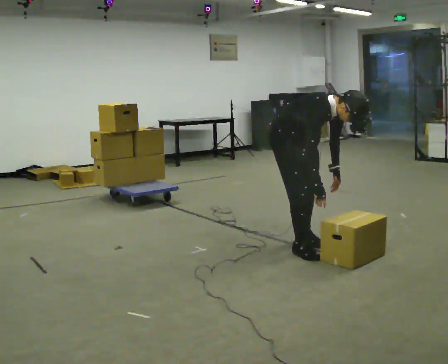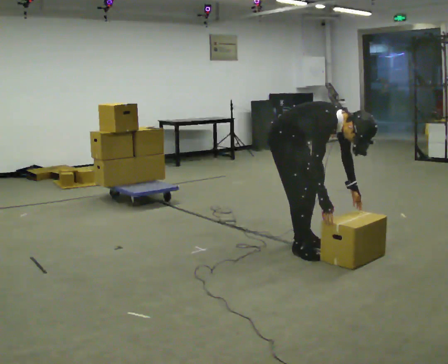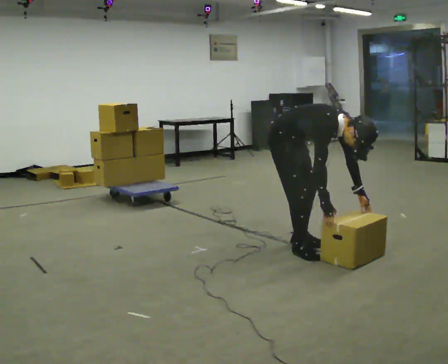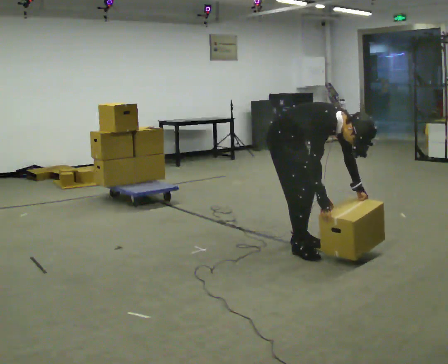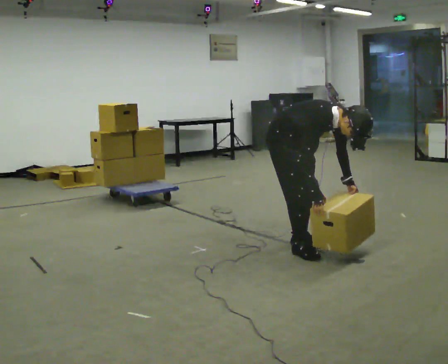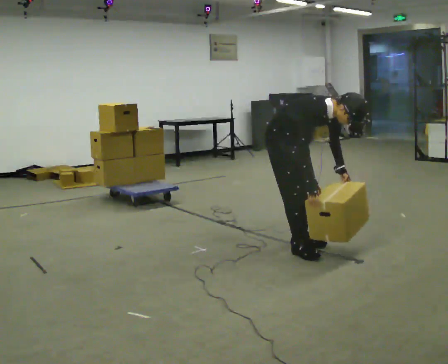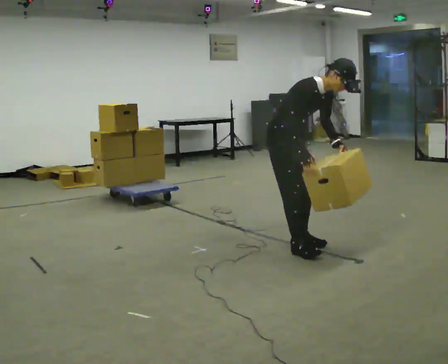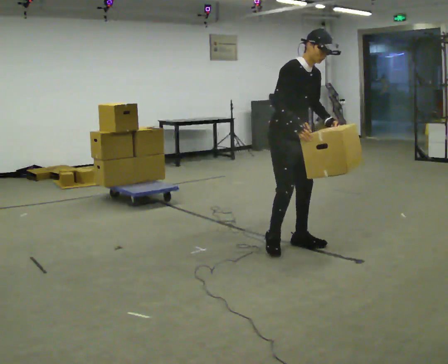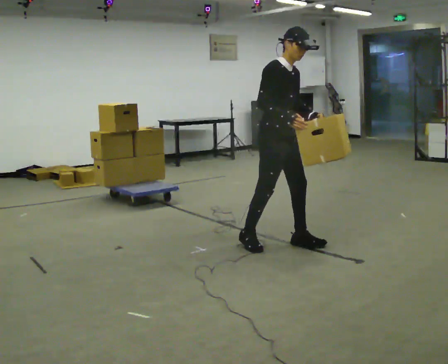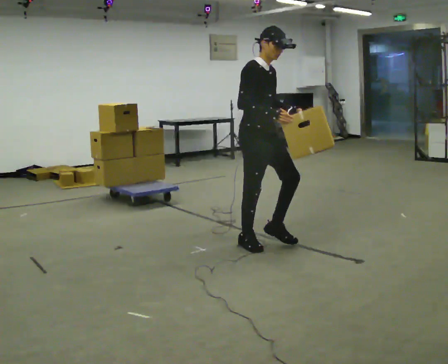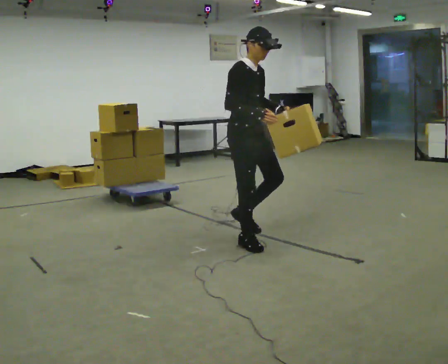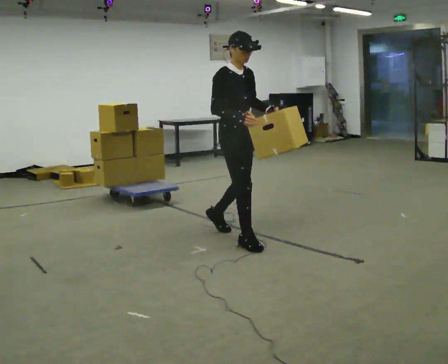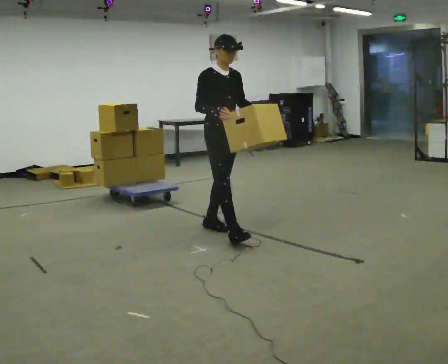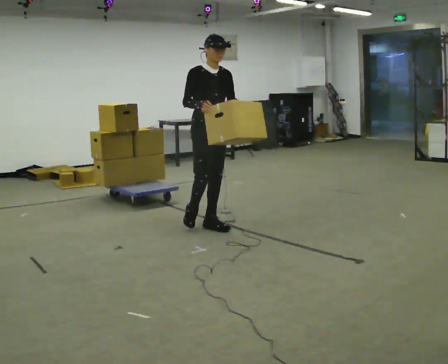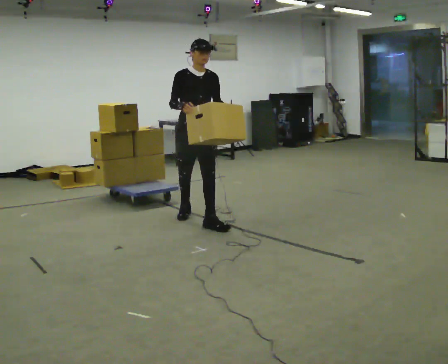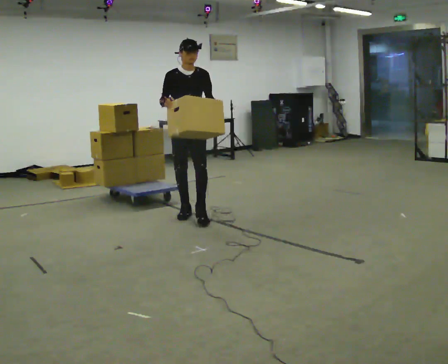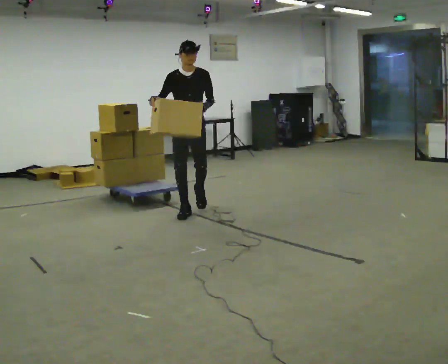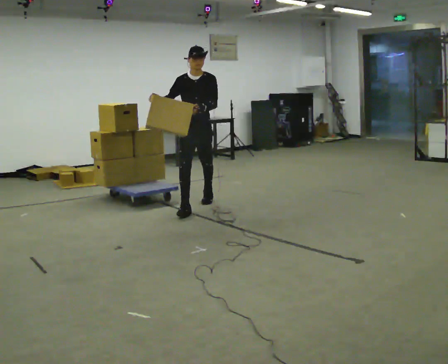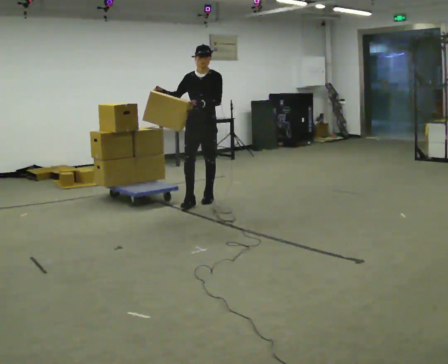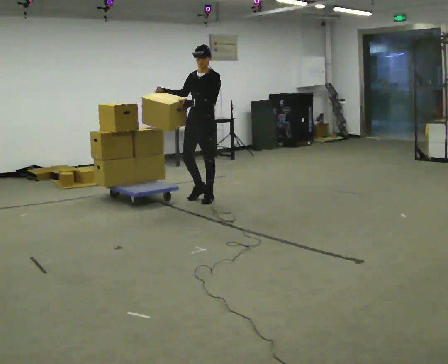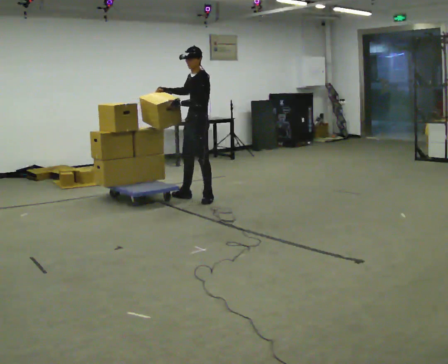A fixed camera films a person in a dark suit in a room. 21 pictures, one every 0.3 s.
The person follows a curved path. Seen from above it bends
clockwise.
The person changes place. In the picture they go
away from the camera.
0.0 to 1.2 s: The person moves a little, or ends about where they began.
1.2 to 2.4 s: The shoulders move upward. In the picture the upper body tilts counterclockwise, shoulders to the left, as they lean back or straighten. In the picture their right hand goes upward.
2.4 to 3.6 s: In the picture they go to the left and away from the camera, about 0.5 m in 2 steps, which for them is backward.
3.6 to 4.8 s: The person turns about 45 degrees to their right, clockwise seen from above, so the part of the body nearest the lens slides to the left. In the picture they go away from the camera and to the left, about 1 m in 1 step, which for them is backward.
4.8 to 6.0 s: The person turns about 60 degrees to their right, clockwise seen from above, so the part of the body nearest the lens slides to the left. In the picture they go away from the camera, about 0.5 m in 1 step.
The film runs backward here.
